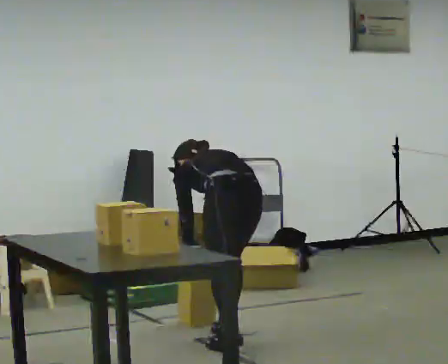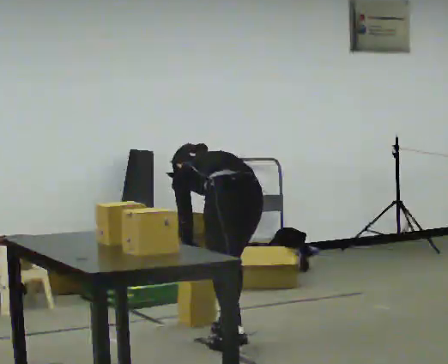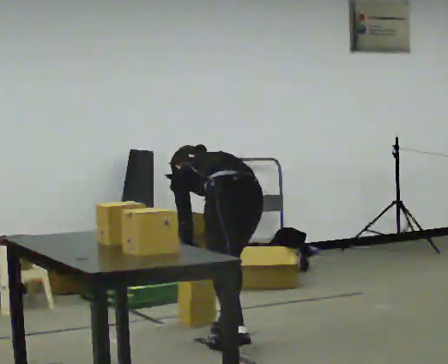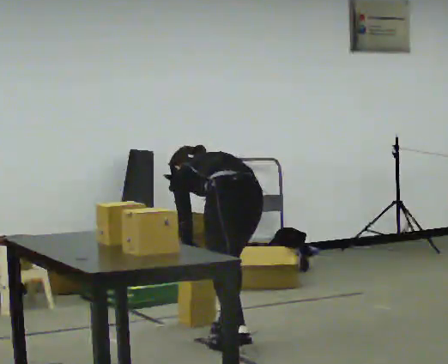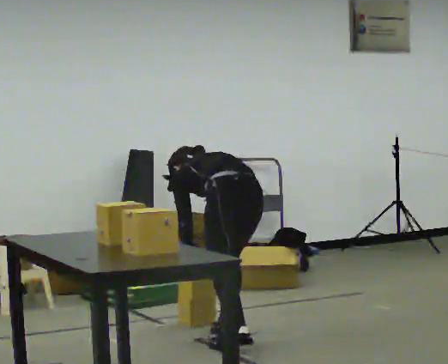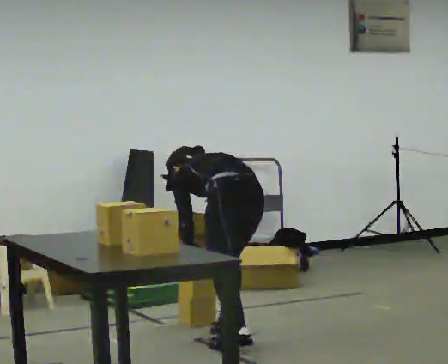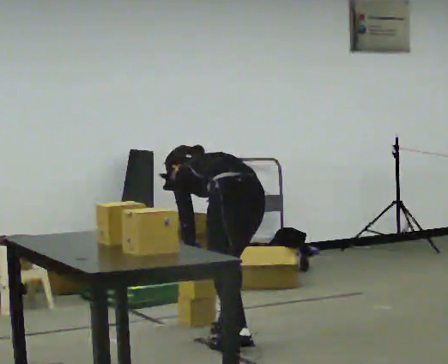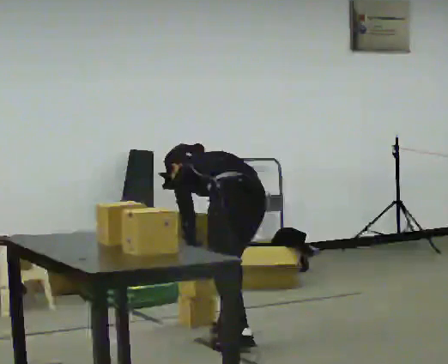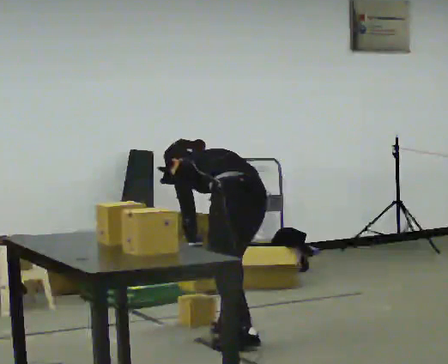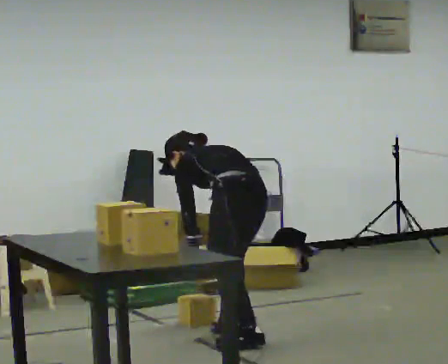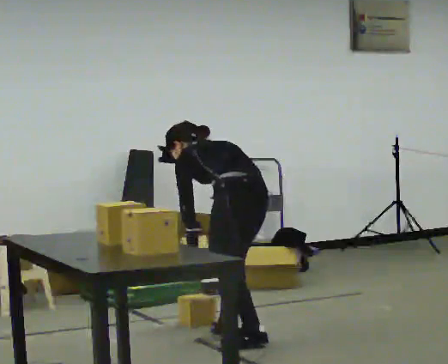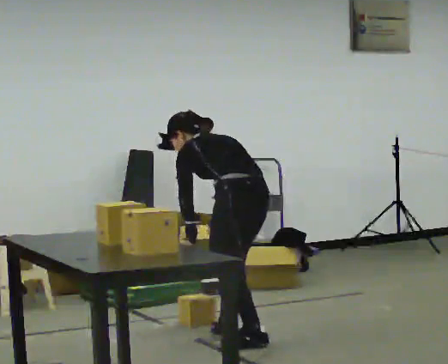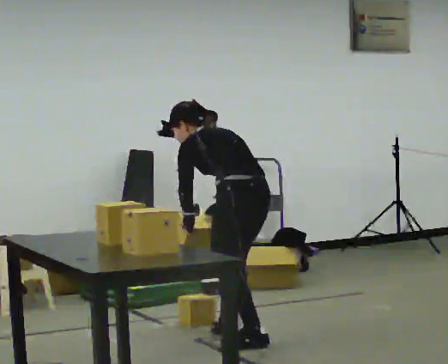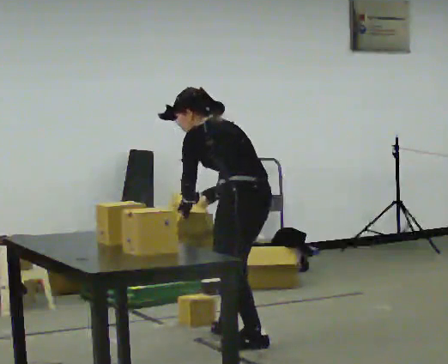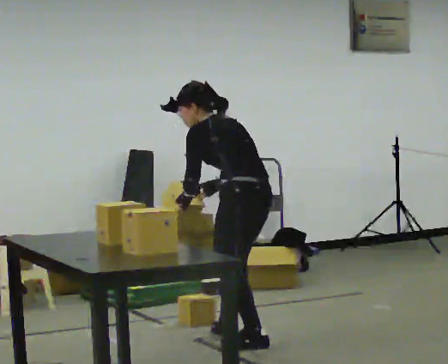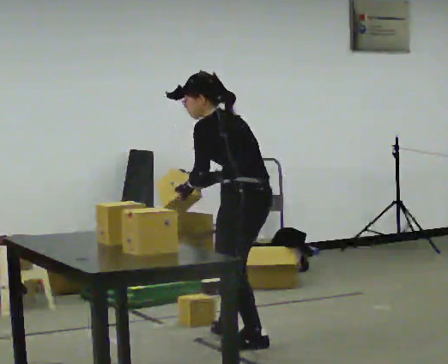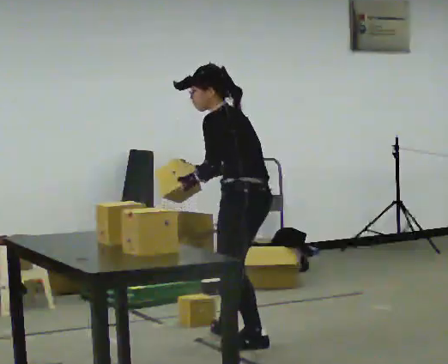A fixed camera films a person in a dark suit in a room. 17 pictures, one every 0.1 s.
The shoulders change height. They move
upward.
The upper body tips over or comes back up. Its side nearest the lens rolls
downward.
0.0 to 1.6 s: The part of the body nearest the lens slides to the right as the person turns to their left by about 45 degrees. The shoulders move upward. The upper body tips toward the camera, its near side rolling downward, as they lean back or straighten. In the picture their right hand goes upward.
The film runs forward here.
